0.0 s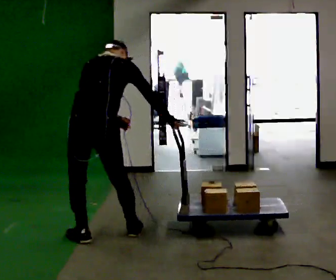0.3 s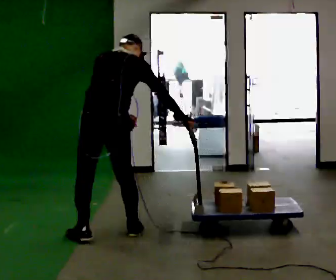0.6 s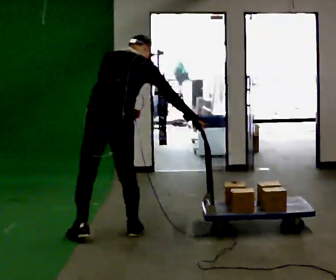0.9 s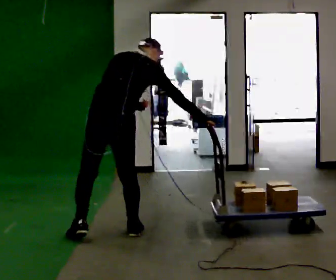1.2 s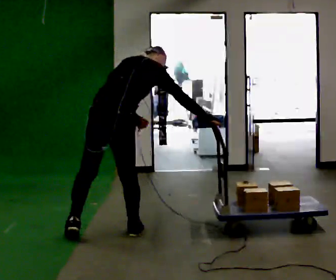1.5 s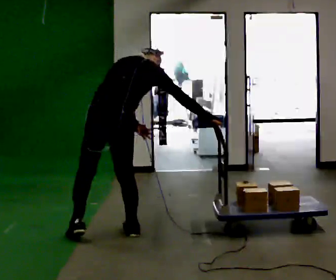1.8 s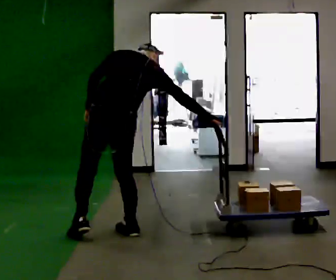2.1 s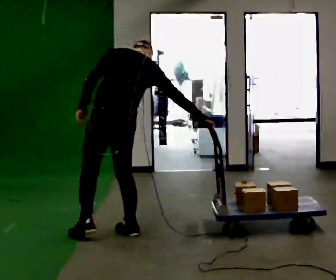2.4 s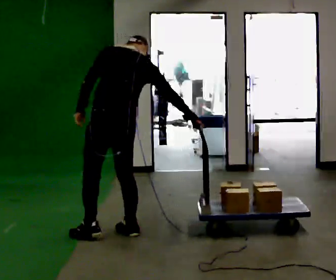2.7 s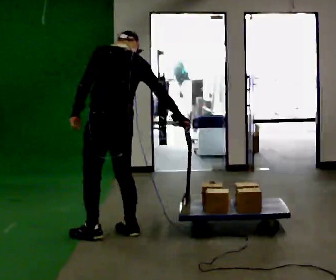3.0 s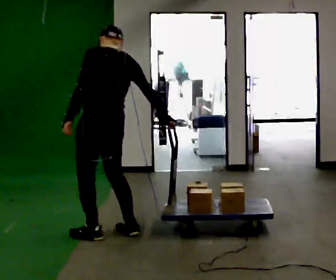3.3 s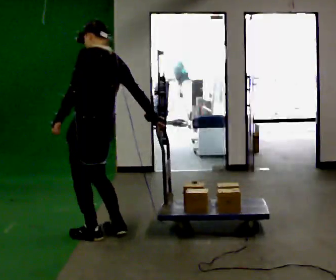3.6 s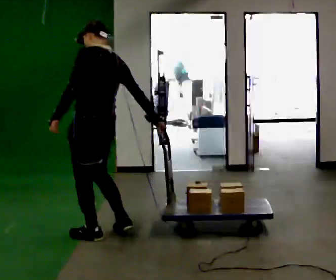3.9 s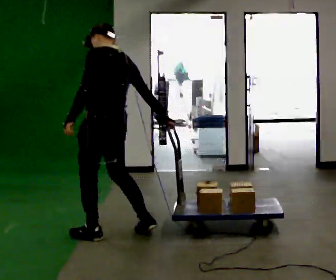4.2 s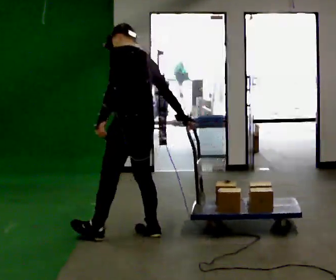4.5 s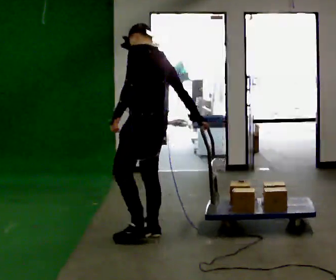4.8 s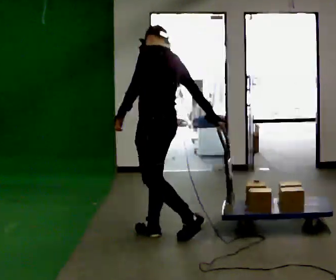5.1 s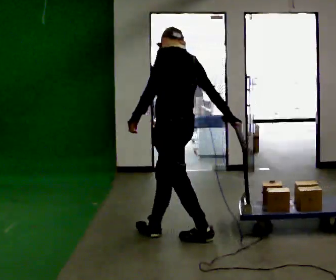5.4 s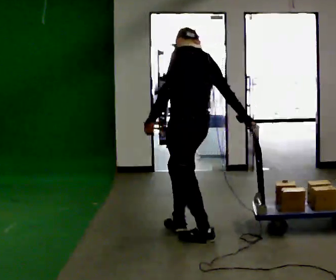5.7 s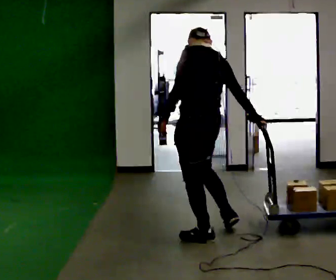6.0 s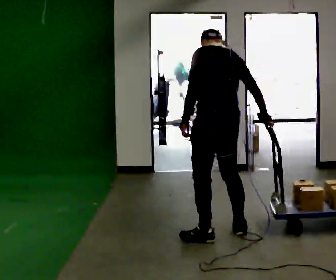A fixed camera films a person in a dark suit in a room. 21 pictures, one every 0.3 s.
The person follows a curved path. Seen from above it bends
clockwise.
0.0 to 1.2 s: In the picture the upper body tilts clockwise, shoulders to the right.
1.2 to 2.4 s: The person turns about 45 degrees to their left, counterclockwise seen from above, so the part of the body nearest the lens slides to the right. In the picture the upper body tilts counterclockwise, shoulders to the left, as they lean back or straighten. In the picture their left hand goes to the left.
2.4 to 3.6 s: Seen from above the body turns counterclockwise, about 30 degrees: to their left, with its near side sliding to the right. In the picture their right hand goes to the left.
3.6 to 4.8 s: In the picture they go to the right, about 0.5 m in 1 step, which for them is backward and to their right.
4.8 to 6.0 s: The person turns about 30 degrees to their right, clockwise seen from above, so the part of the body nearest the lens slides to the left. In the picture they go to the right, about 0.5 m in 1 step, which for them is backward and to their right.
The film runs backward here.
